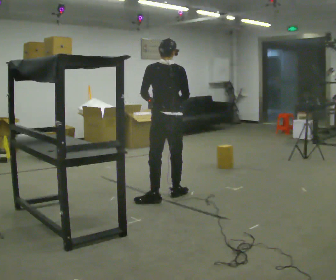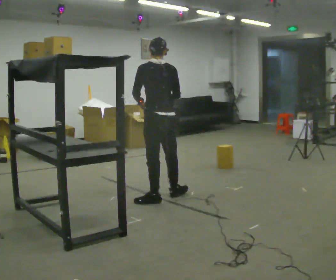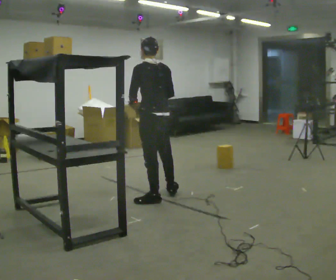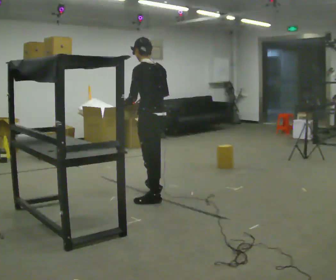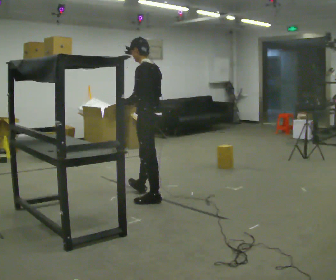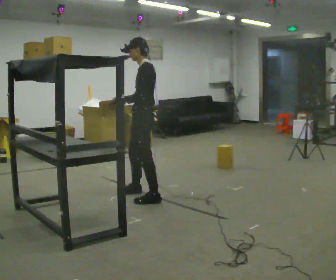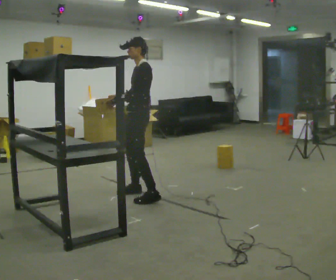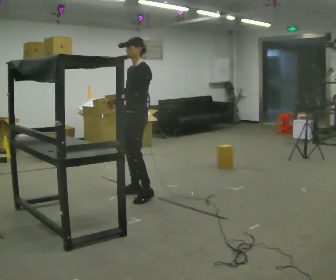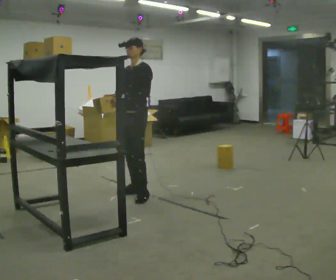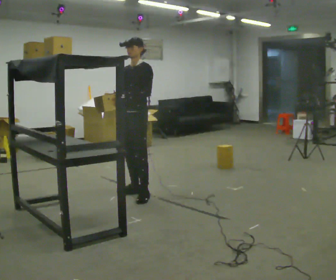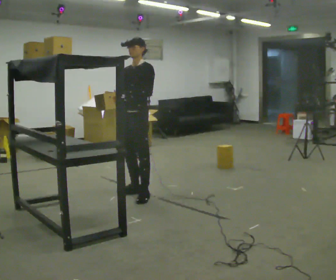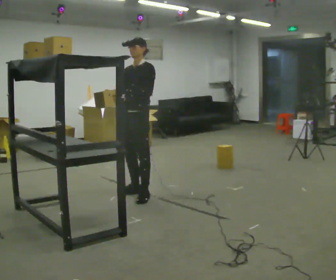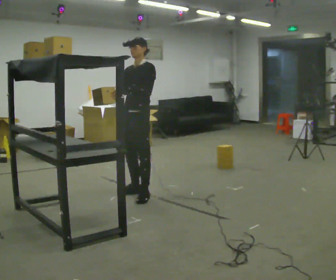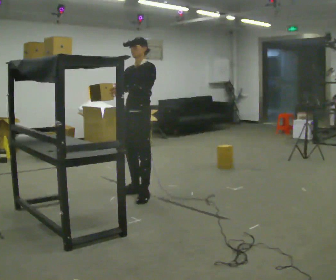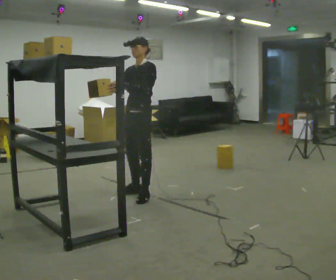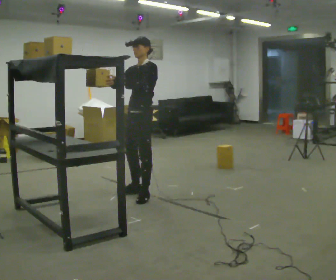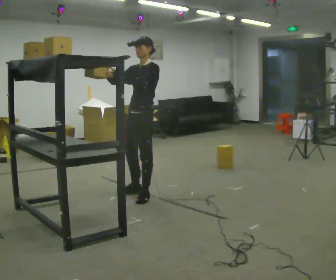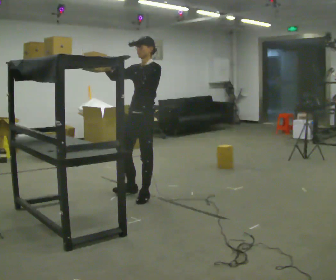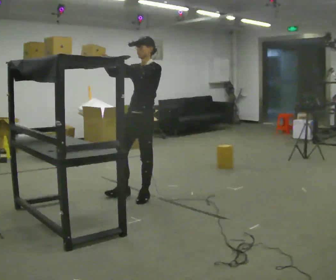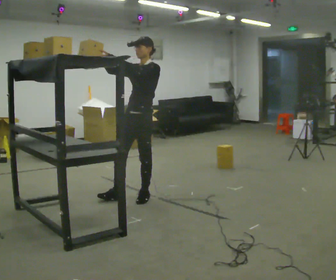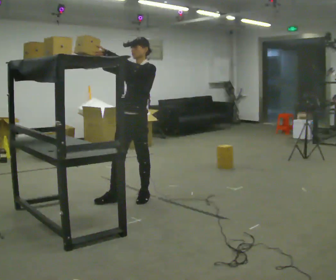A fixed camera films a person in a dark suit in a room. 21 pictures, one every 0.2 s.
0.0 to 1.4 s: The part of the body nearest the lens slides to the right as the person turns to their left by about 105 degrees. In the picture they go to the left, about 0.25 m in 2 steps.
1.4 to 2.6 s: The person moves a little, or ends about where they began.
2.6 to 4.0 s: In the picture they go toward the camera, about 0.25 m in 1 step, which for them is forward and to their left. In the picture their right hand goes upward, the arm swinging clockwise.
The film runs backward here.
